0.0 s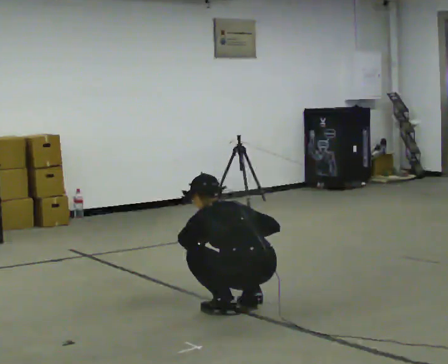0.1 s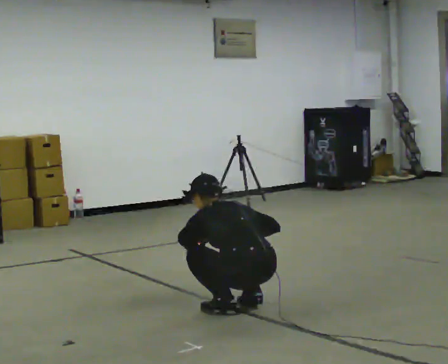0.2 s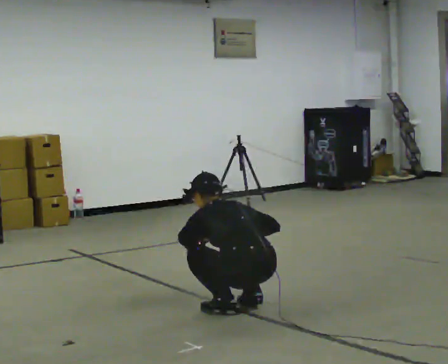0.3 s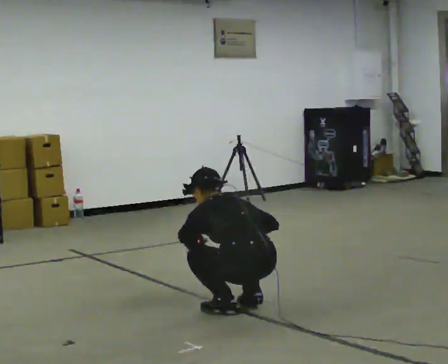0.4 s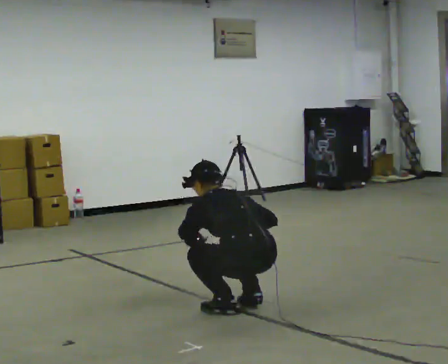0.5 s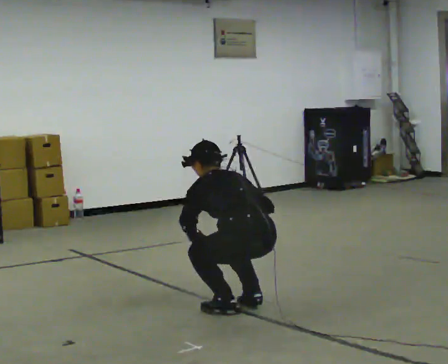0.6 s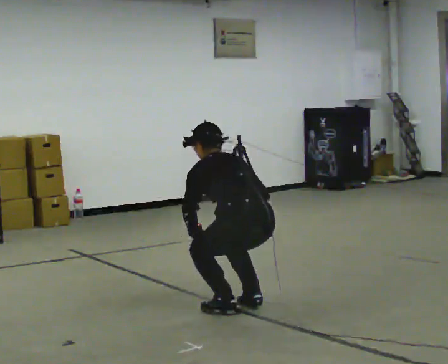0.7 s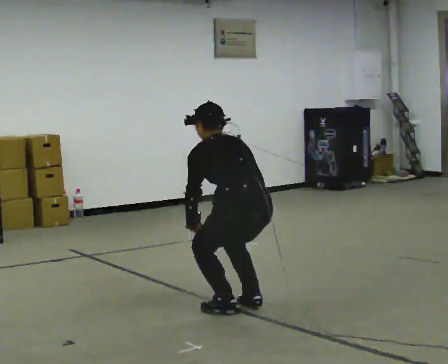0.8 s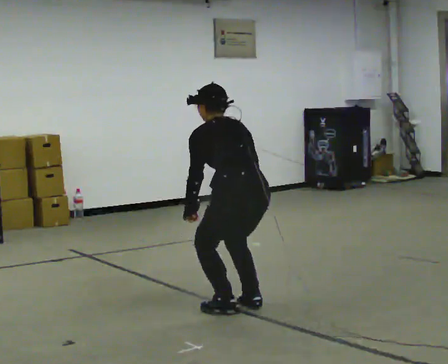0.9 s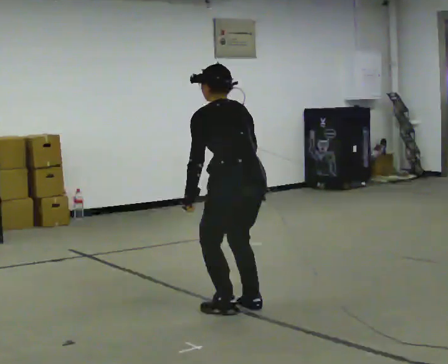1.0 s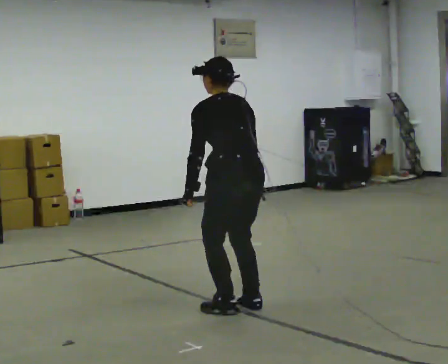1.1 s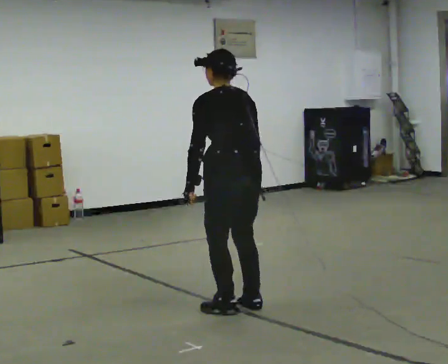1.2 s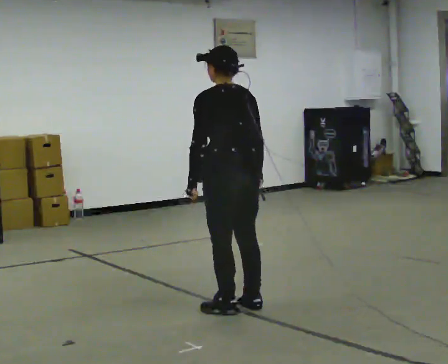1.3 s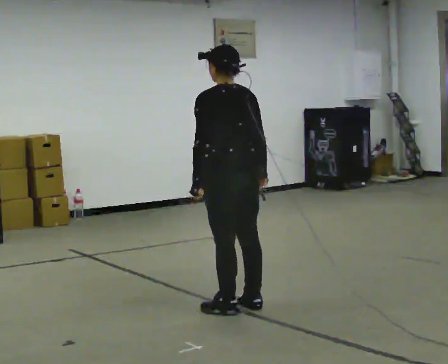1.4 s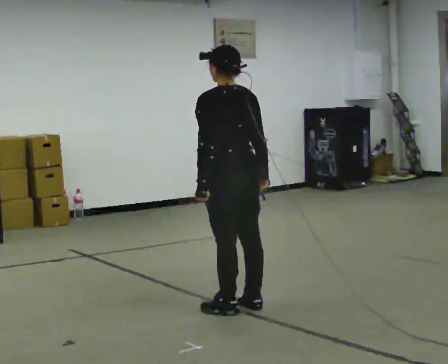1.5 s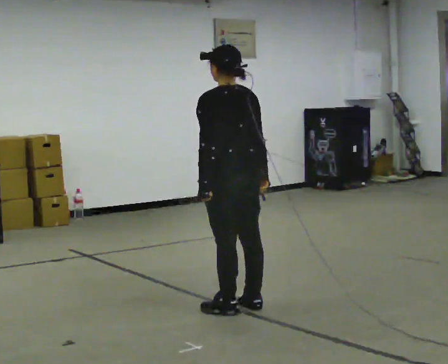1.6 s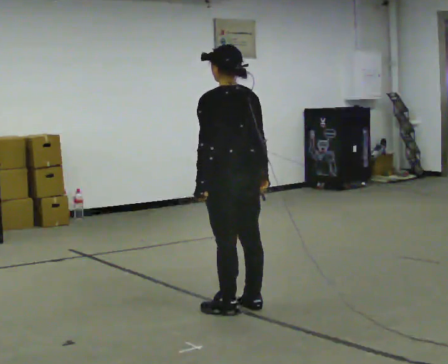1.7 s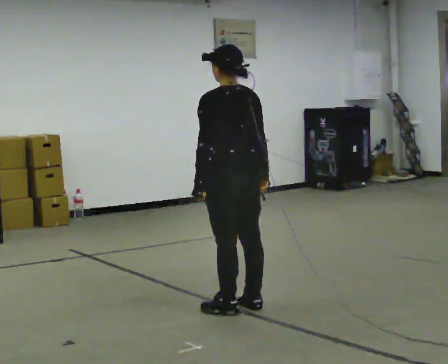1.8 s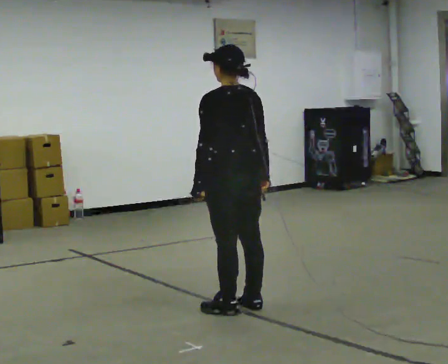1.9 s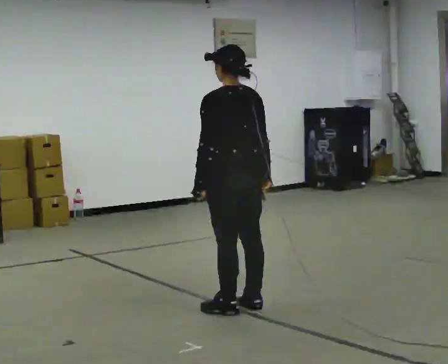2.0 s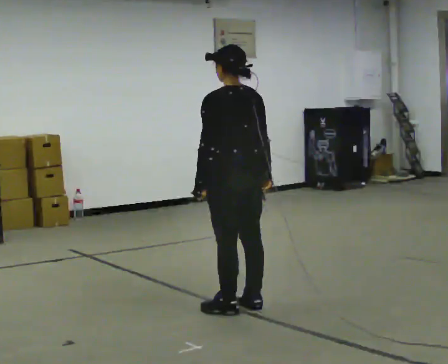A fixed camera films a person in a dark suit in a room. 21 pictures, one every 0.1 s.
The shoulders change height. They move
upward.
Their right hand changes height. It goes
upward.
0.0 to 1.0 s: The upper body goes upward. The upper body tips toward the camera, its near side rolling downward, as they lean back or straighten. In the picture their left hand goes upward.
1.0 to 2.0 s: The person moves a little, or ends about where they began.
The film runs forward here.
